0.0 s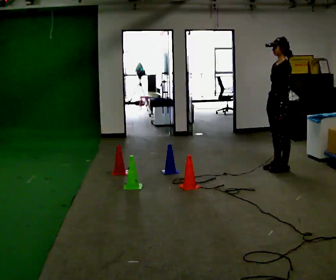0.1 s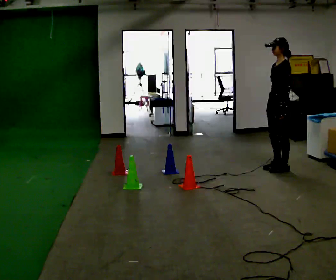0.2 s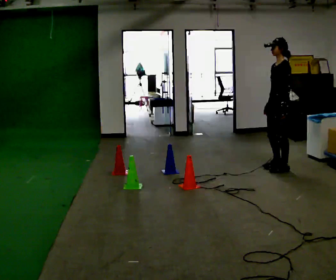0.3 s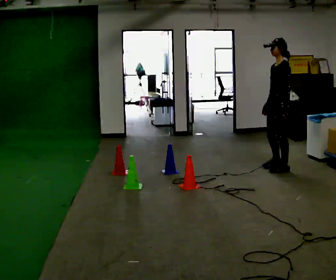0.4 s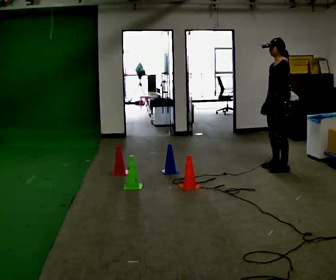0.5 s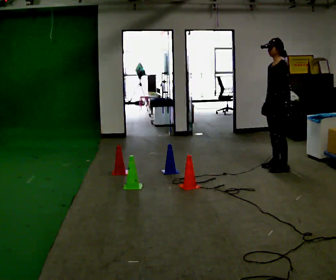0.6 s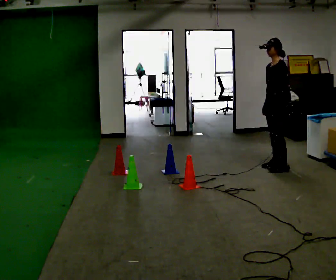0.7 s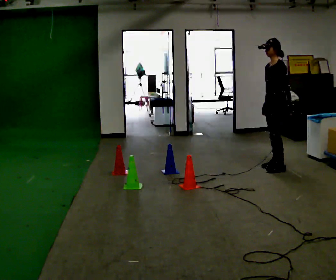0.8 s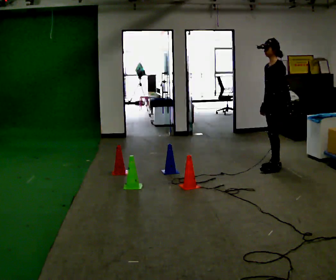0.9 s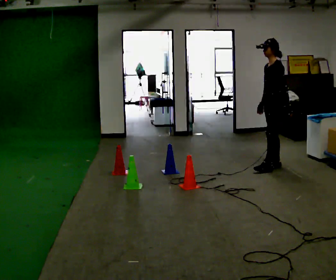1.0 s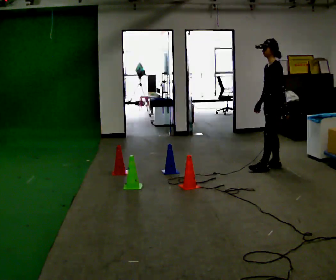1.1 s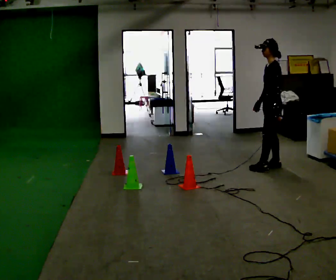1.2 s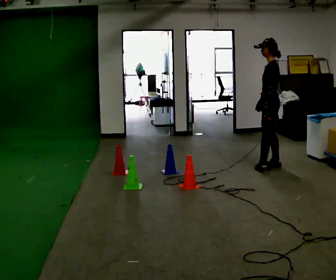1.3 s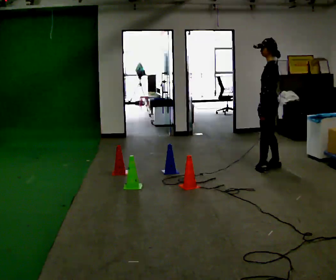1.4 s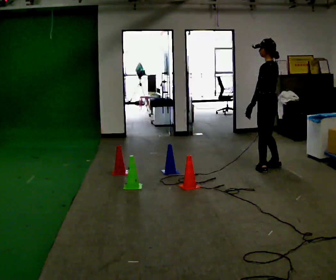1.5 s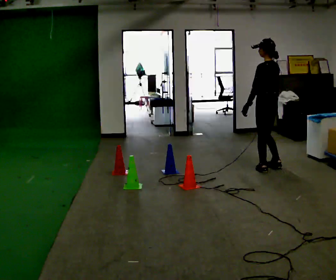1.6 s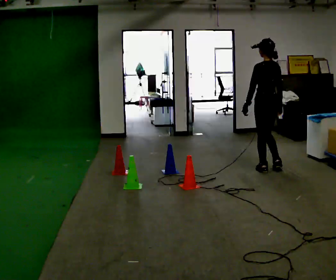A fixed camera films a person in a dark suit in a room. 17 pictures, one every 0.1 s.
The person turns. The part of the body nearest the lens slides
to the left.
The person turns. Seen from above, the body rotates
clockwise.
0.0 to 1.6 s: The part of the body nearest the lens slides to the left as the person turns to their right by about 75 degrees. In the picture they go to the left, about 0.25 m in 2 steps. In the picture their left hand goes to the left.
The film runs backward here.
